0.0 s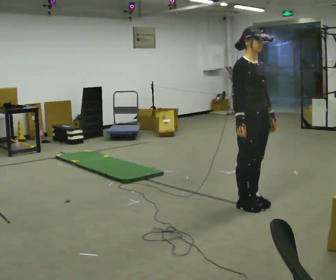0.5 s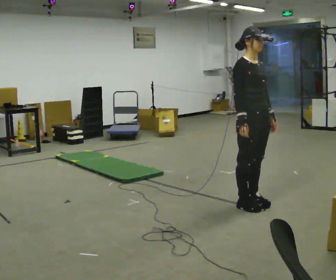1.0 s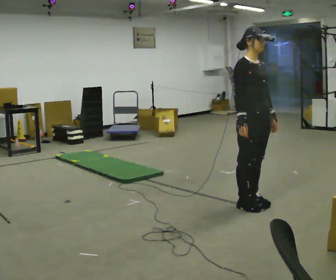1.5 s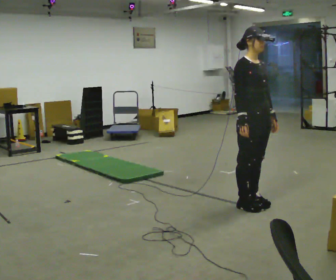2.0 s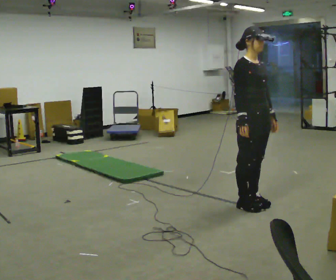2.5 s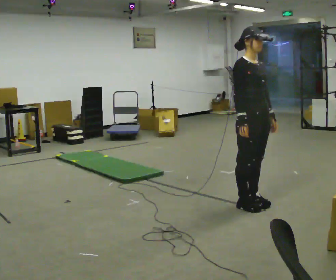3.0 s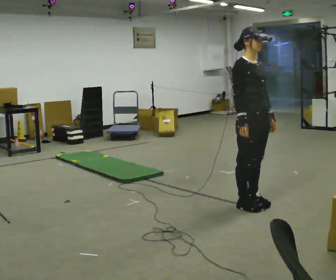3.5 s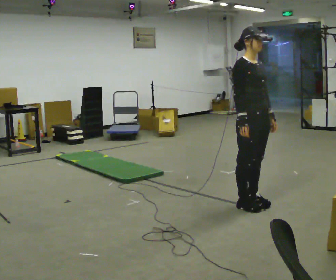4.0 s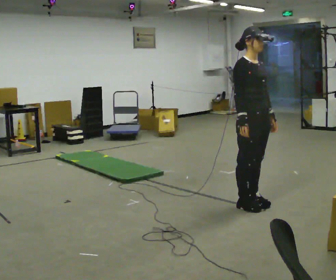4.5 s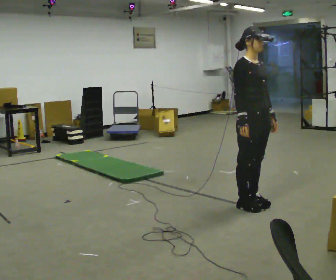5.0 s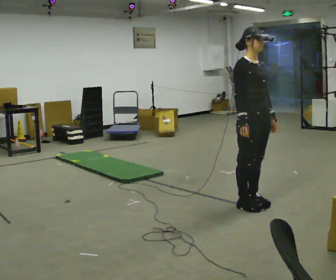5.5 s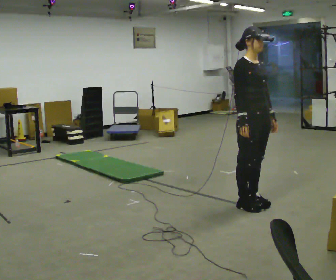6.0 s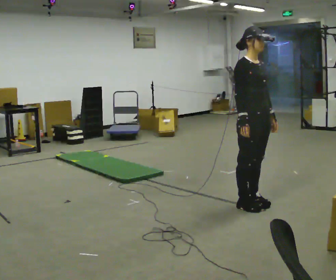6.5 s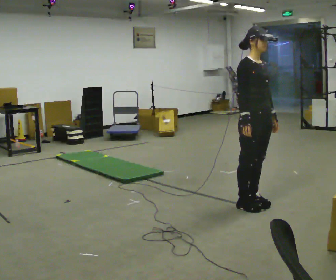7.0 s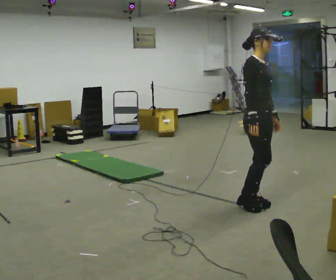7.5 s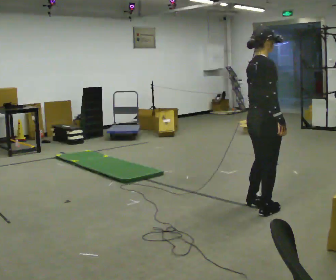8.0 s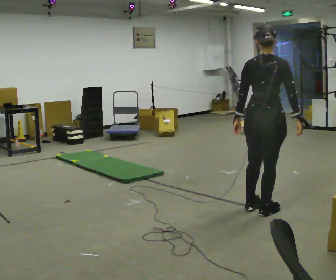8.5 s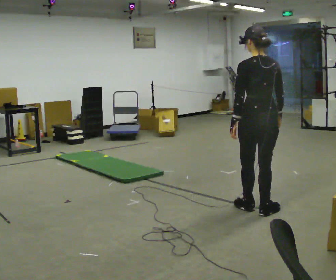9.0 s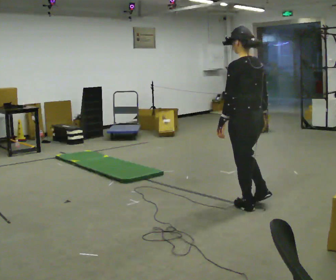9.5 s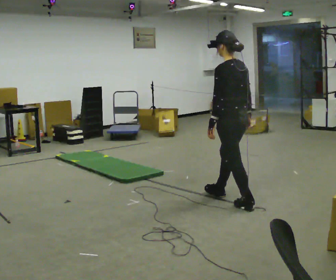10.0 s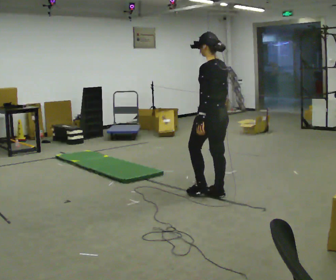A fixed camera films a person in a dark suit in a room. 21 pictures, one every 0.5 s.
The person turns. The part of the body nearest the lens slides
to the right.
The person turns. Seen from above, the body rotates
counterclockwise.
0.0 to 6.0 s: The person keeps their place and pose.
6.0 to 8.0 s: The person turns about 105 degrees to their left, counterclockwise seen from above, so the part of the body nearest the lens slides to the right. In the picture they go toward the camera, about 0.25 m in 2 steps. In the picture their left hand goes to the left, the arm swinging clockwise.
8.0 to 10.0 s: Seen from above the body turns counterclockwise, about 75 degrees: to their left, with its near side sliding to the right. In the picture they go away from the camera and to the left, about 0.75 m in 1 step.
The film runs forward here.
